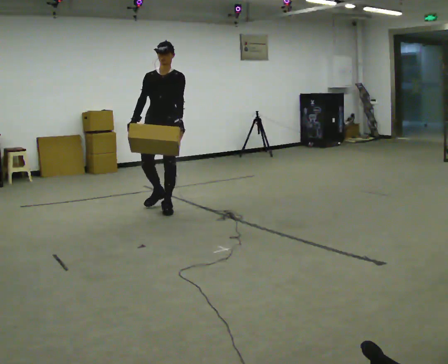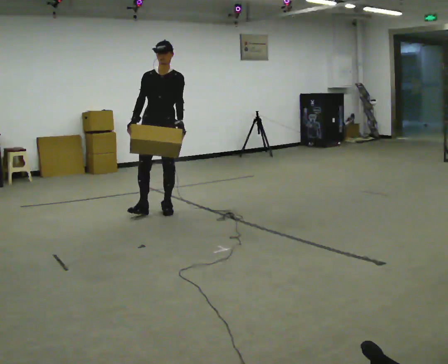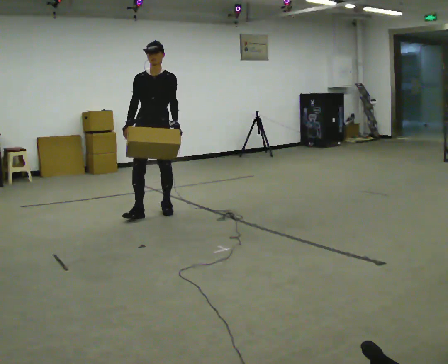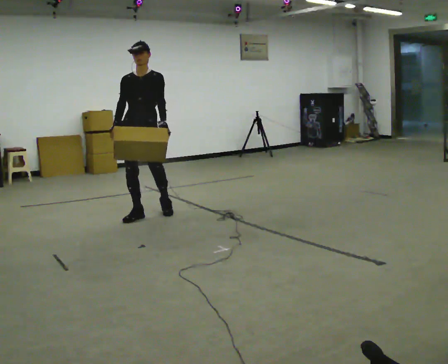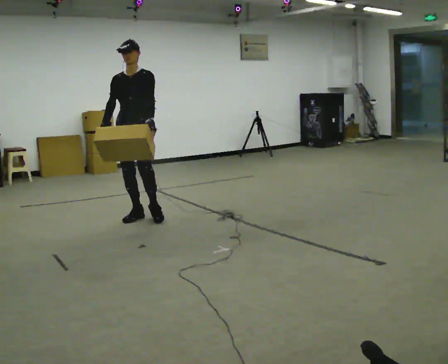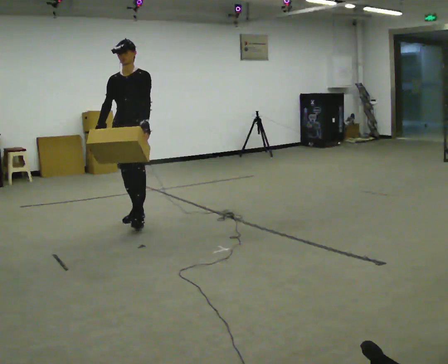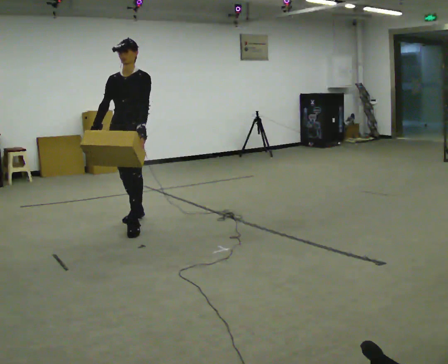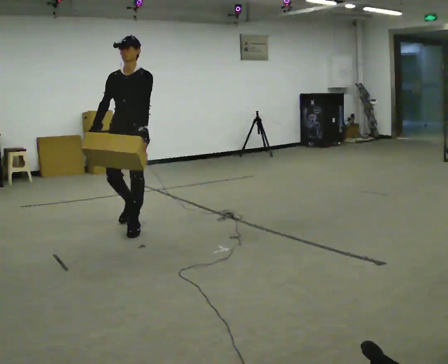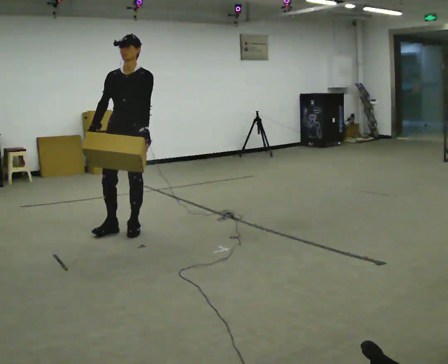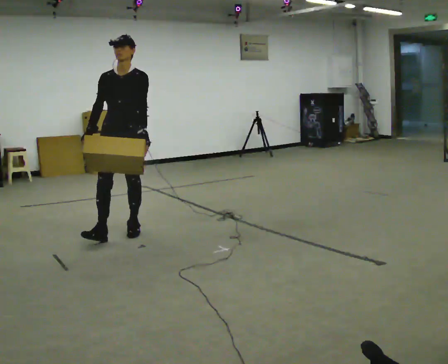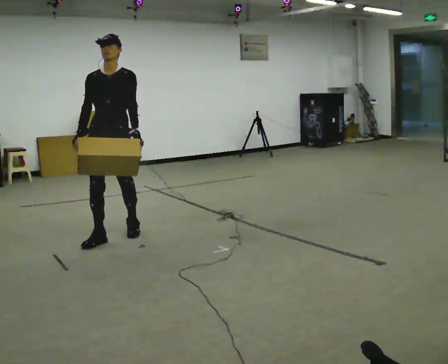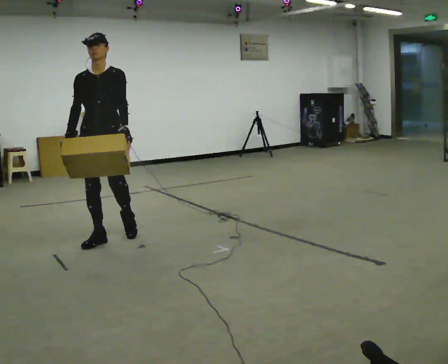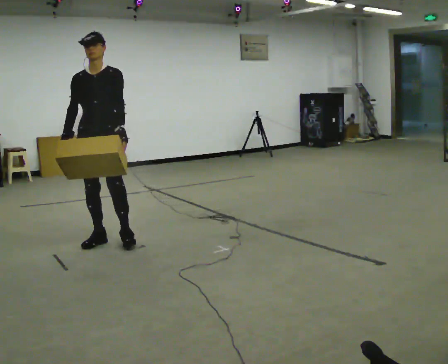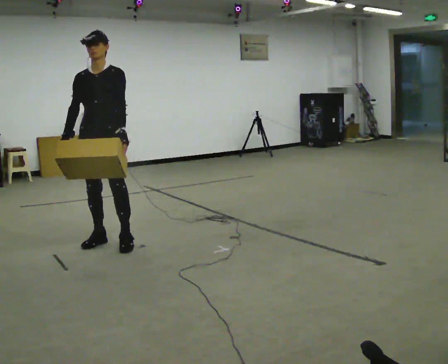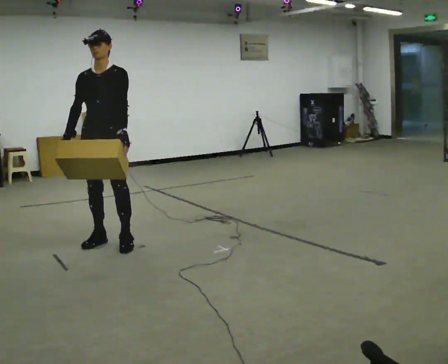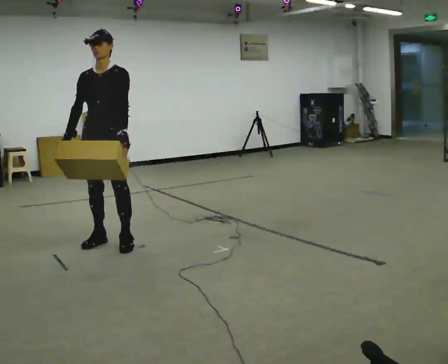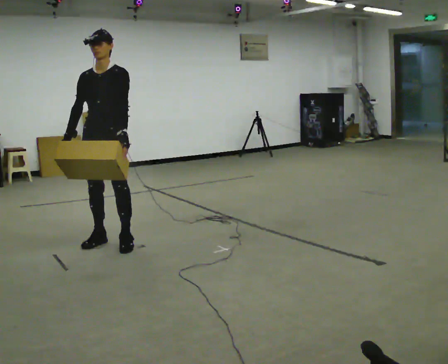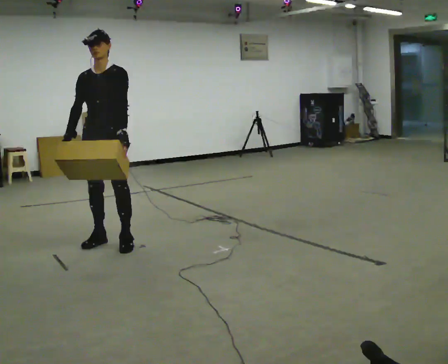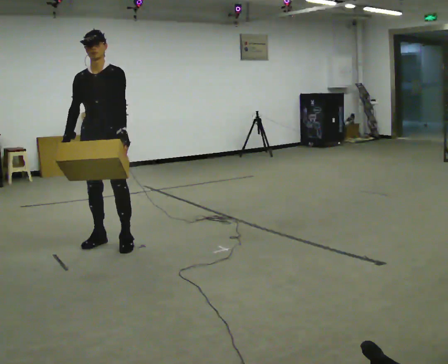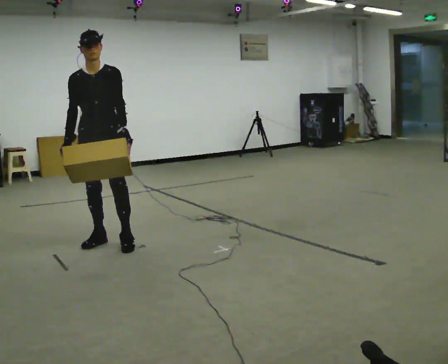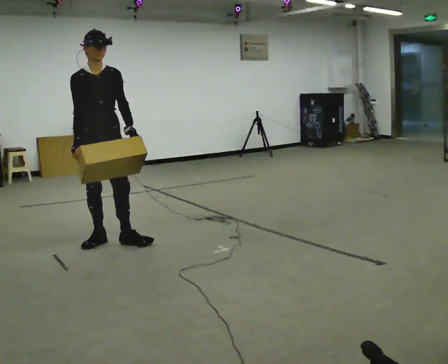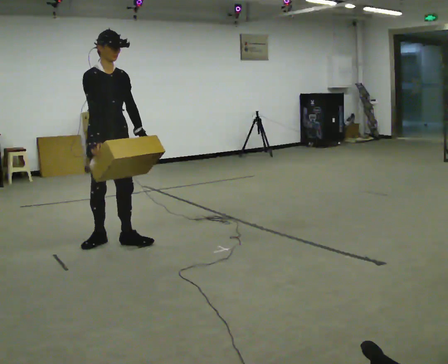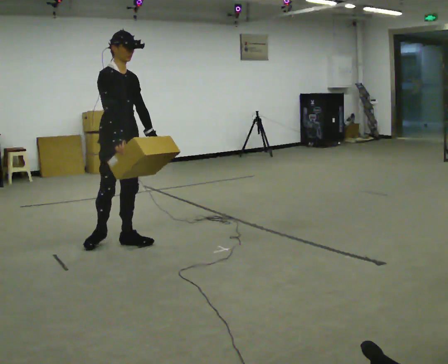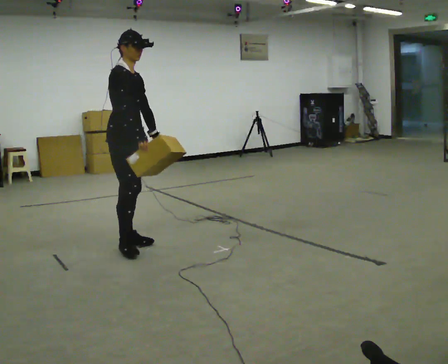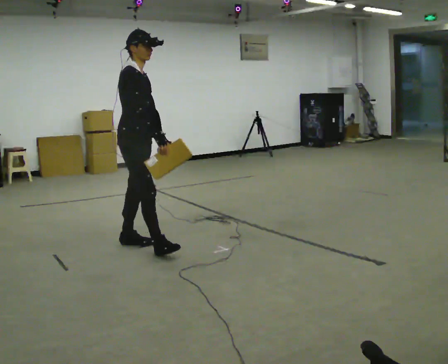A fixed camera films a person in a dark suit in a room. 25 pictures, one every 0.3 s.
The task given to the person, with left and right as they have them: Carry the medium box in both hands in front of you, walking back and forth across the room. Keep walking until the operator says stop.
0.0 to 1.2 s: In the picture they go to the left and toward the camera, about 0.5 m in 1 step, which for them is forward and to their right.
1.2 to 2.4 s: In the picture they go toward the camera, about 0.5 m in 1 step, which for them is forward.
2.4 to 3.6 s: In the picture they go toward the camera and to the left, about 0.25 m in 1 step, which for them is forward and to their right.
3.6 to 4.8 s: The person moves a little, or ends about where they began.
4.8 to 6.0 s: The part of the body nearest the lens slides to the right as the person turns to their left by about 45 degrees.
6.0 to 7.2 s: The part of the body nearest the lens slides to the right as the person turns to their left by about 45 degrees. In the picture they go to the right and toward the camera, about 0.25 m in 1 step, which for them is forward.
The film runs forward here.
